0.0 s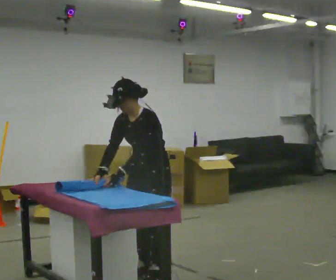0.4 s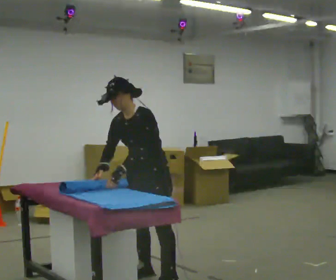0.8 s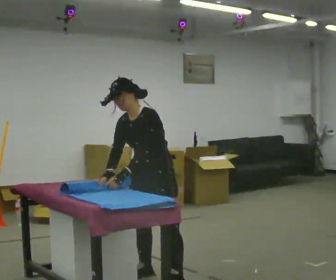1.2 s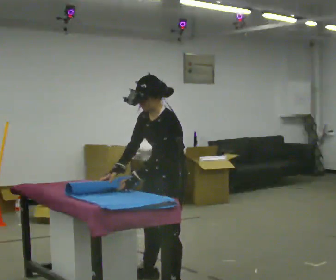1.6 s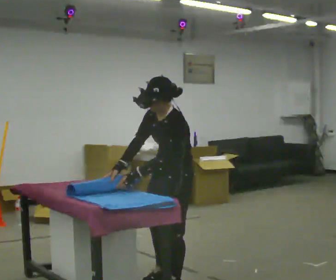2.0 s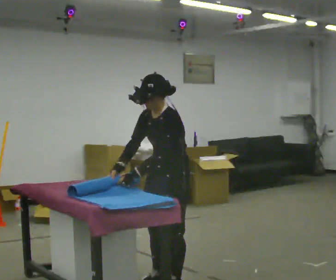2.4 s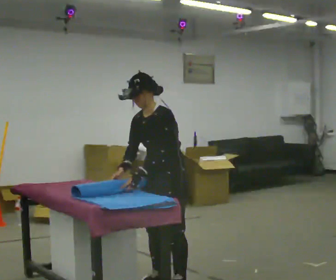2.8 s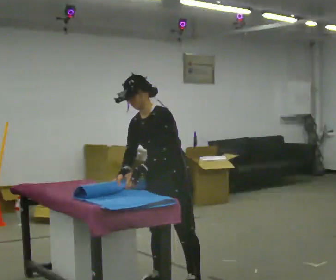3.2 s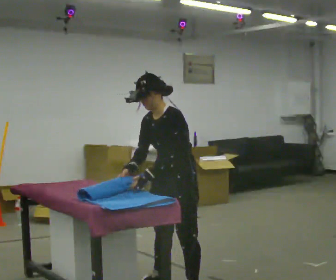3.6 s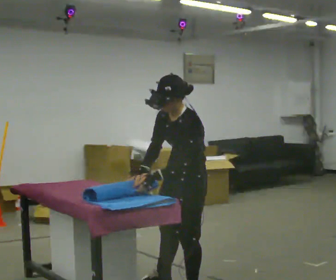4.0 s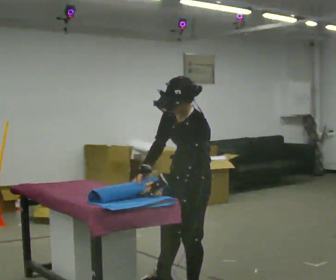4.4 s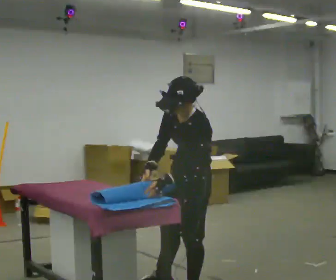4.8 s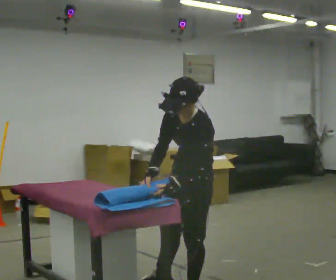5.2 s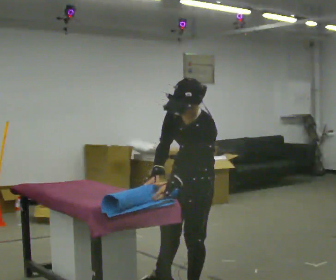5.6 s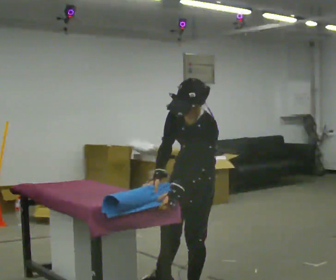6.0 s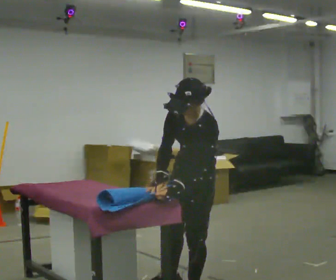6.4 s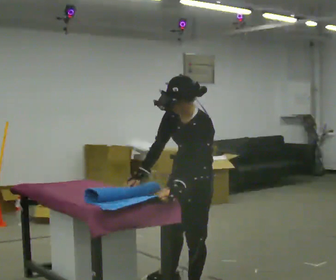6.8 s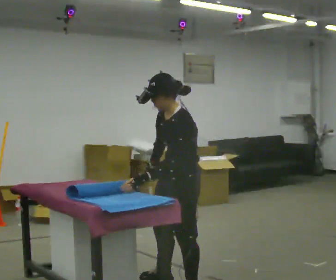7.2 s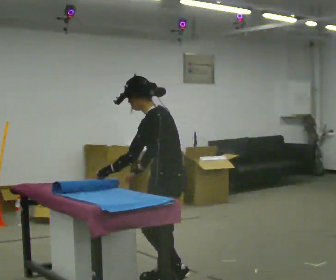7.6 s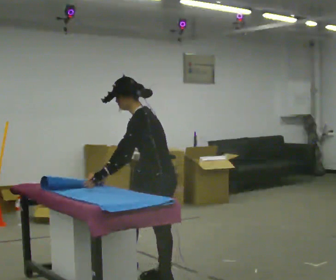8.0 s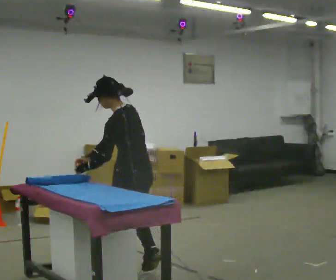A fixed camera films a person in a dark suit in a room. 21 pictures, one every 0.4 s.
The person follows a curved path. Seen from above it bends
counterclockwise.
0.0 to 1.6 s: In the picture they go toward the camera and to the right, about 0.25 m in 1 step, which for them is to their left and forward.
1.6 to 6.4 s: The person moves a little, or ends about where they began.
6.4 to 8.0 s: Seen from above the body turns clockwise, about 60 degrees: to their right, with its near side sliding to the left. In the picture they go away from the camera and to the left, about 0.75 m in 1 step. The upper body tips away from the camera, its near side rolling upward.
The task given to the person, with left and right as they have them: Roll the mat up from one end, then unroll it again. Repeat at your own pace until the operator says stop.
The film runs forward here.
